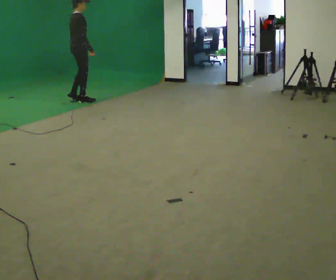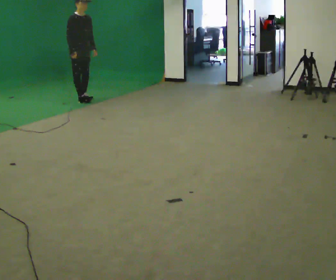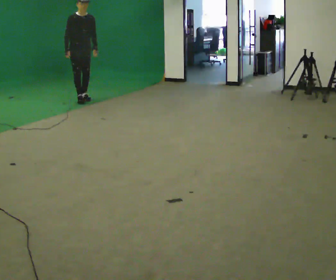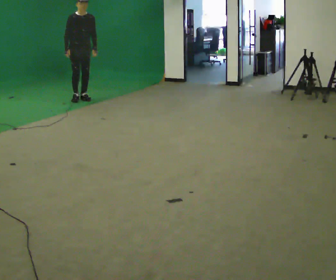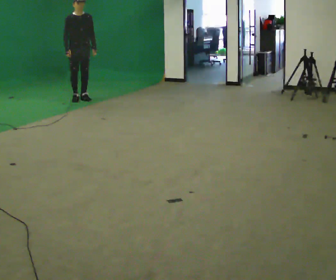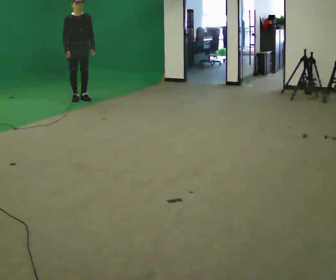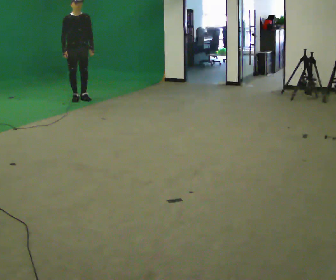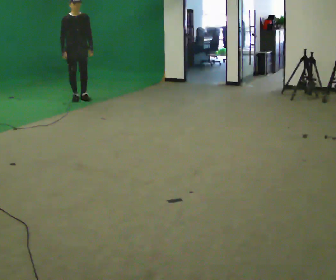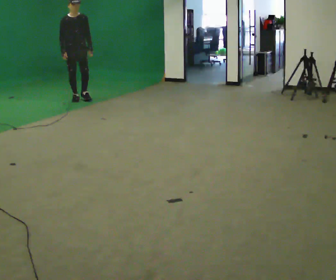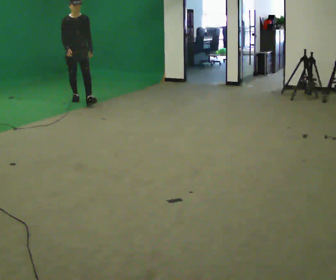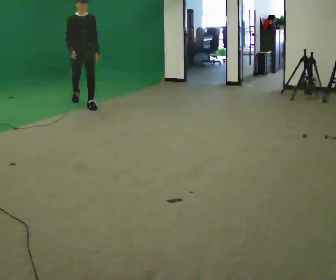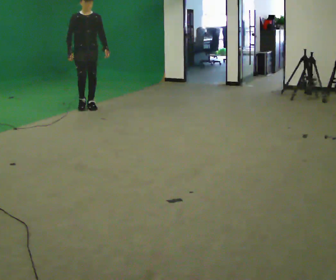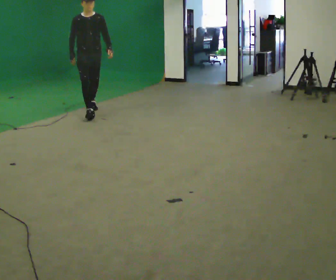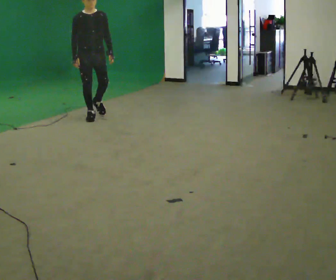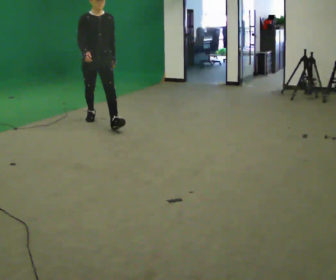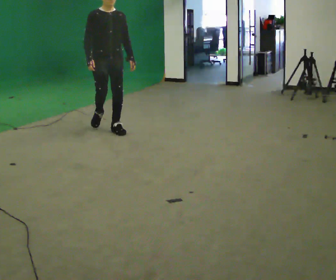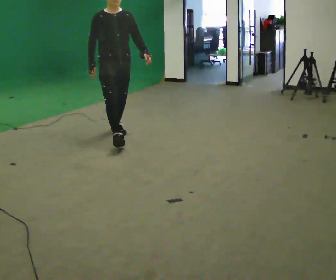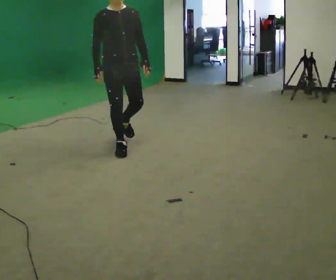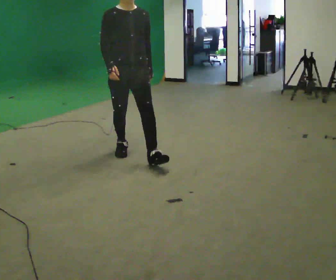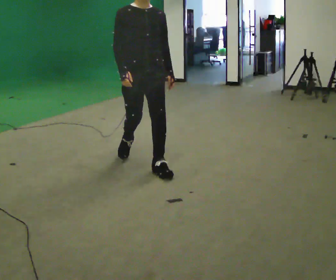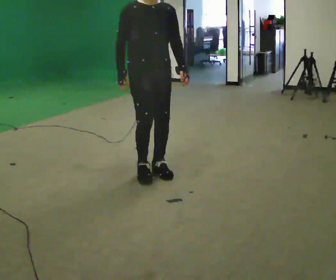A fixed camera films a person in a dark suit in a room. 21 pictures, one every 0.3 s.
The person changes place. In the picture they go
toward the camera.
0.0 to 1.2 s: The person turns about 60 degrees to their right, clockwise seen from above, so the part of the body nearest the lens slides to the left. In the picture they go away from the camera, about 0.25 m in 2 steps.
1.2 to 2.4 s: The person moves a little, or ends about where they began.
2.4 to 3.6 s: In the picture they go toward the camera, about 1 m in 2 steps, which for them is forward.
3.6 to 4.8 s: In the picture they go toward the camera, about 1.5 m in 1 step, which for them is forward.
4.8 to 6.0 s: In the picture they go toward the camera, about 1 m in 3 steps, which for them is forward.
The film runs forward here.
